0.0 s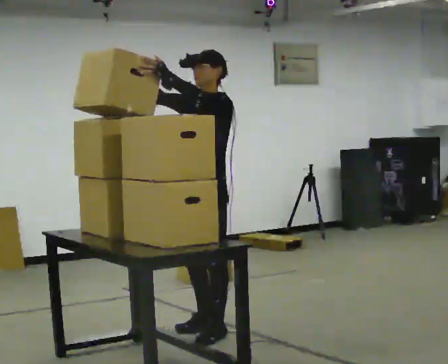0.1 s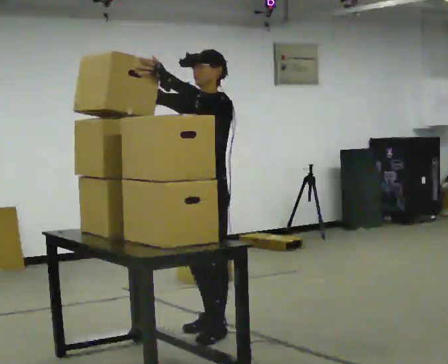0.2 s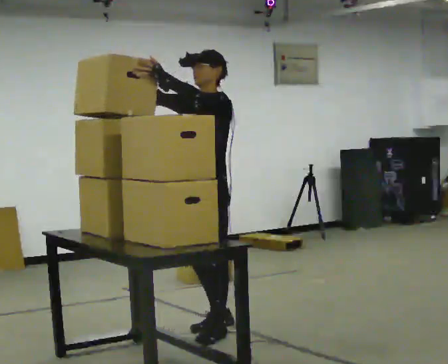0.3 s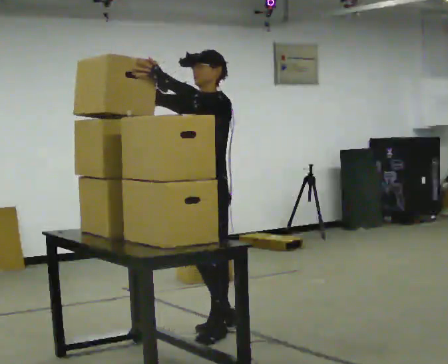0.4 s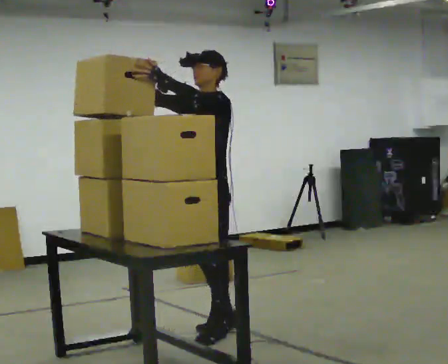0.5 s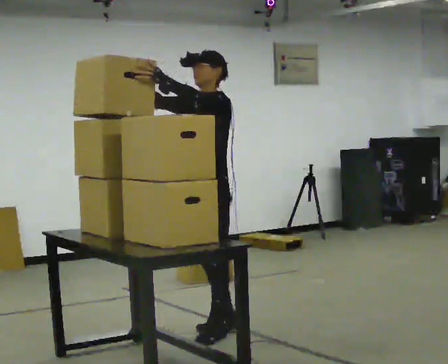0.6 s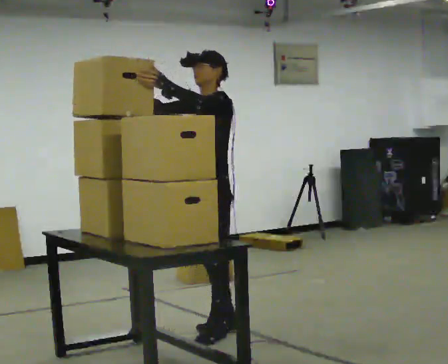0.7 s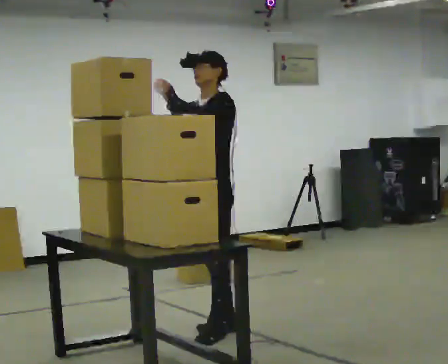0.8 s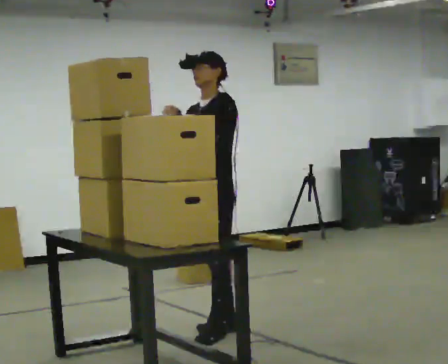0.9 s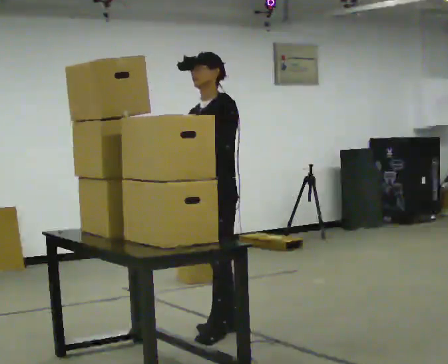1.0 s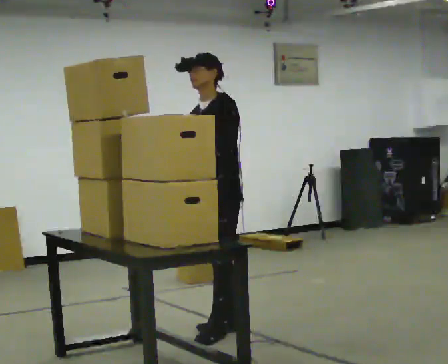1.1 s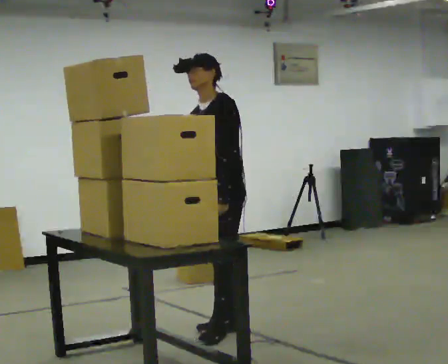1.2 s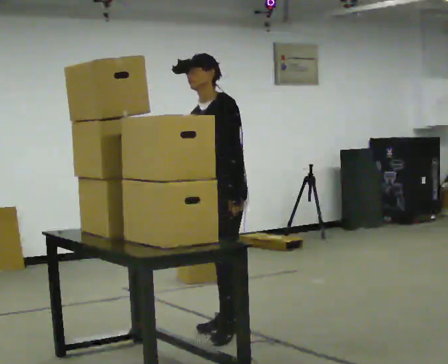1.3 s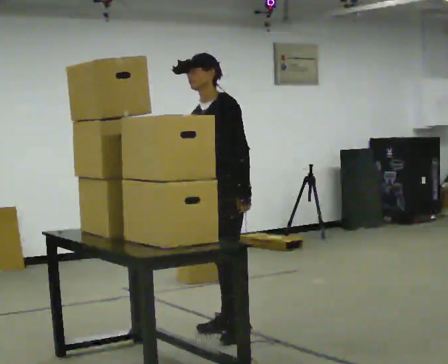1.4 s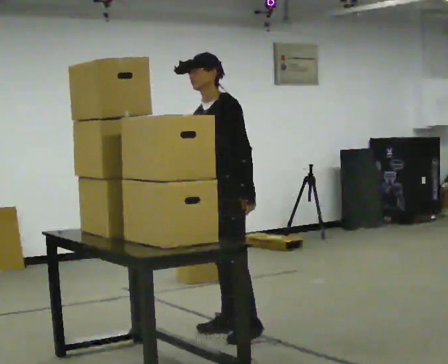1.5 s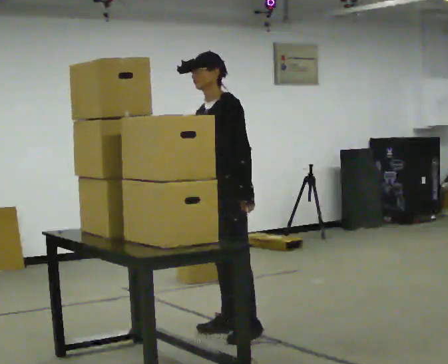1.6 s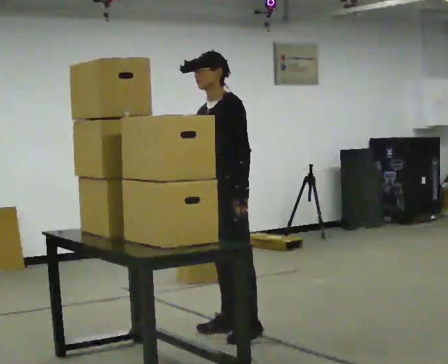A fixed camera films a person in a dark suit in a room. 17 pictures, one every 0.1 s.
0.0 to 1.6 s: In the picture their right hand goes downward and to the right, the arm swinging counterclockwise.
The film runs forward here.
